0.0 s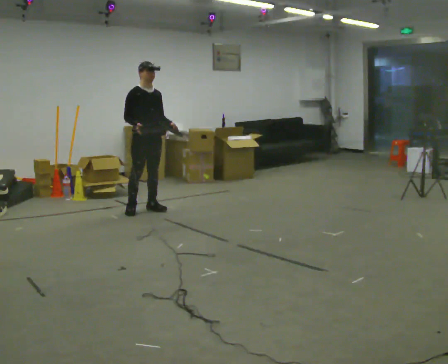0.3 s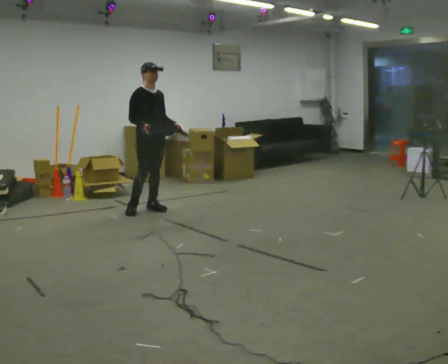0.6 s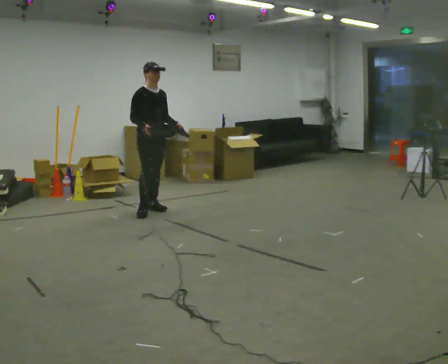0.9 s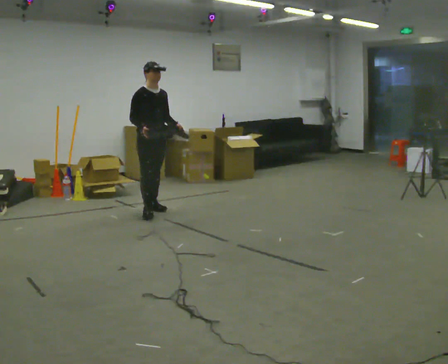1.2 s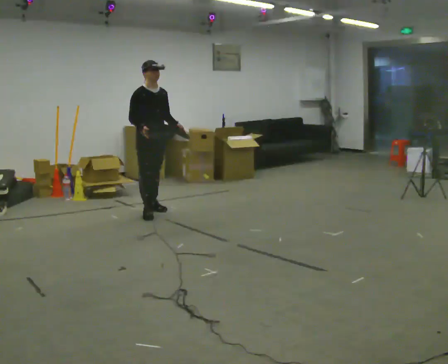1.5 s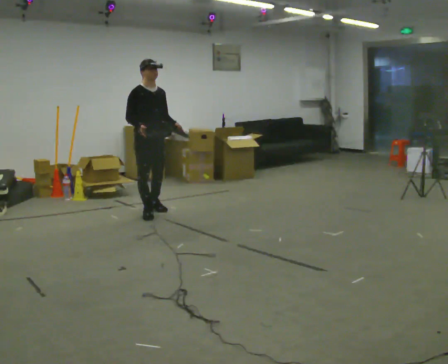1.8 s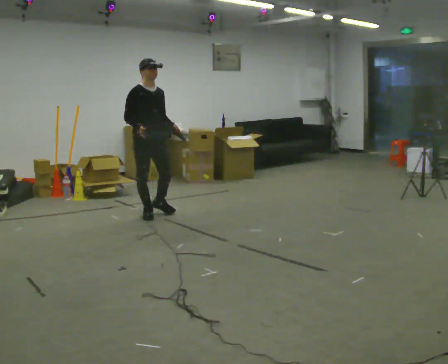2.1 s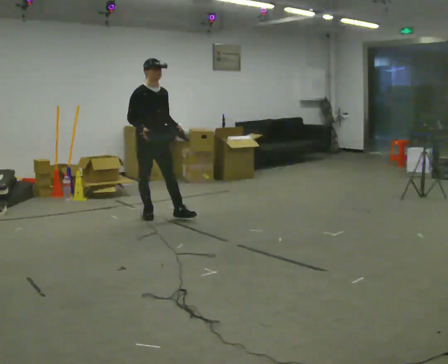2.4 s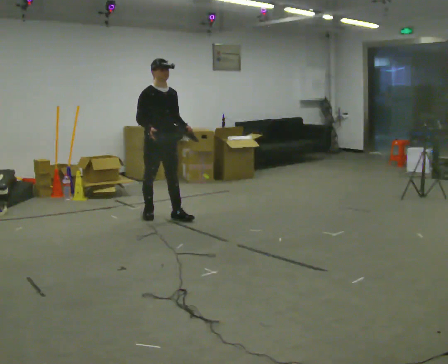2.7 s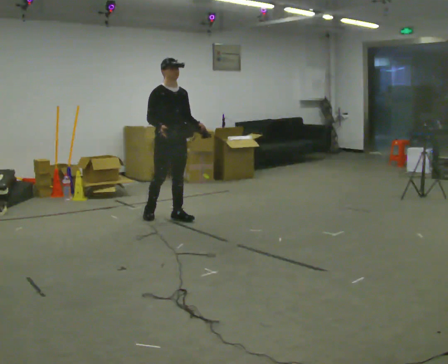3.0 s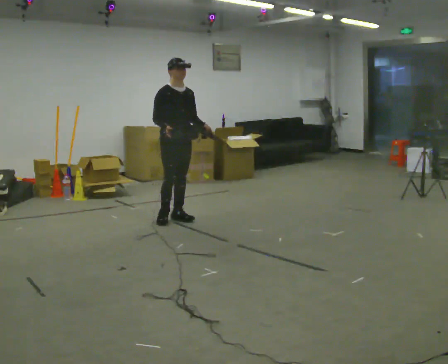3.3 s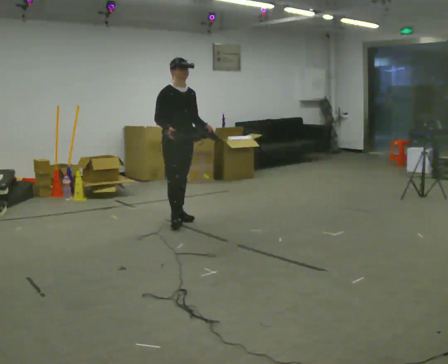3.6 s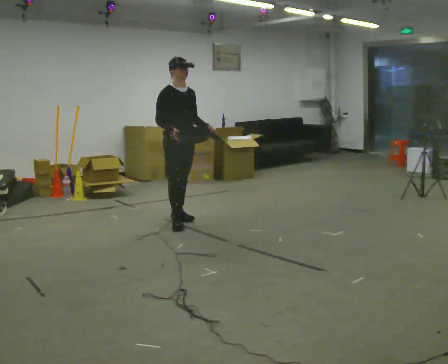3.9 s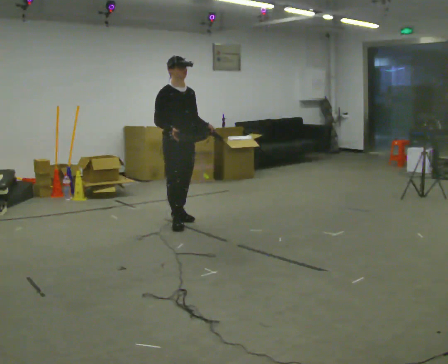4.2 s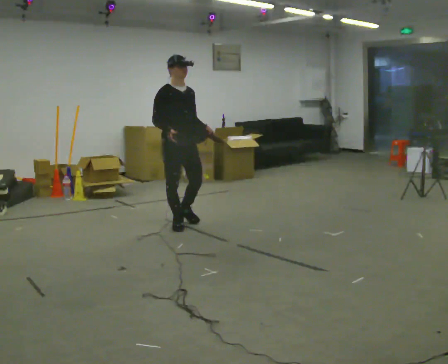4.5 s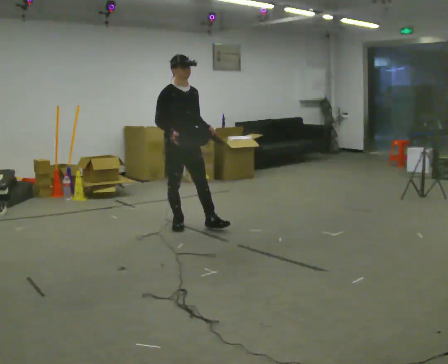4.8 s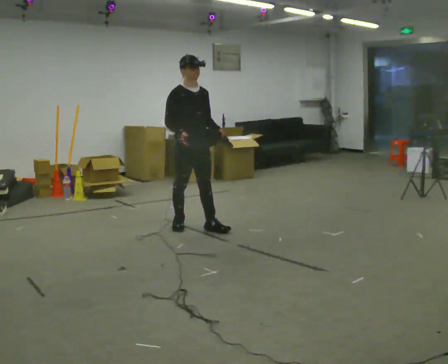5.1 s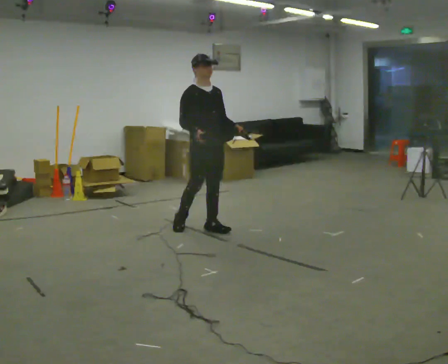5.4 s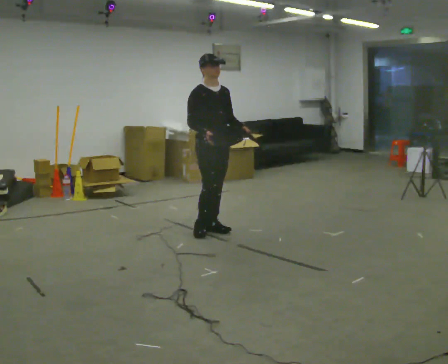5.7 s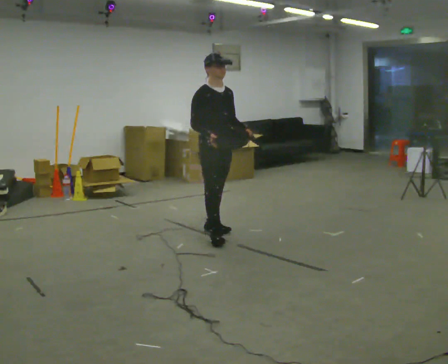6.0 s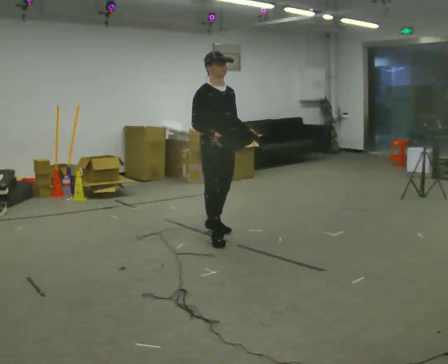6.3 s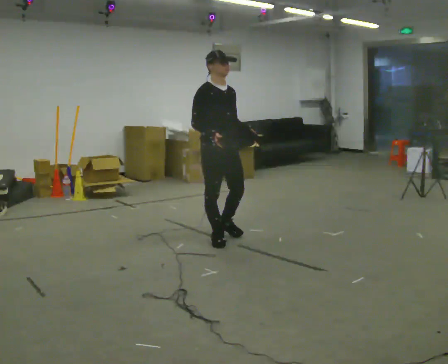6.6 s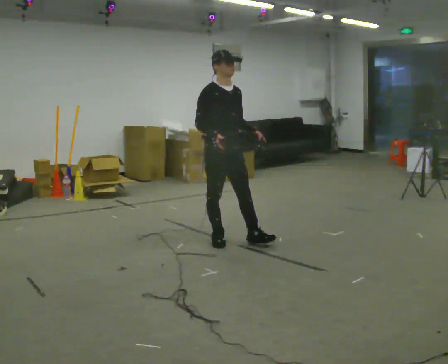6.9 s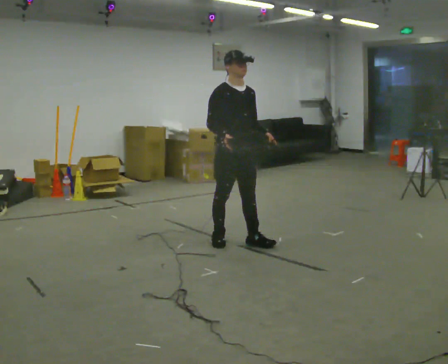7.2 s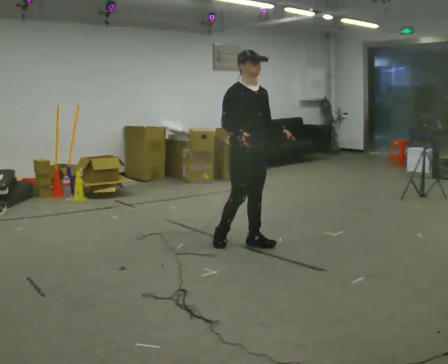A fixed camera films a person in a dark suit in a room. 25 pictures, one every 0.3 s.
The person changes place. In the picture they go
toward the camera.
0.0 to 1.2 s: The person moves a little, or ends about where they began.
1.2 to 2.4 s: In the picture they go toward the camera, about 0.25 m in 1 step, which for them is forward.
2.4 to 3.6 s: In the picture they go toward the camera and to the right, about 0.25 m in 1 step, which for them is forward.
3.6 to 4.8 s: In the picture they go toward the camera, about 0.25 m in 1 step, which for them is forward.
4.8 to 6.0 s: In the picture they go toward the camera and to the right, about 0.5 m in 1 step, which for them is forward.
6.0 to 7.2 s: In the picture they go to the right and toward the camera, about 0.25 m in 1 step, which for them is forward.
The film runs forward here.
